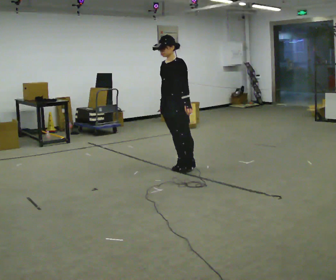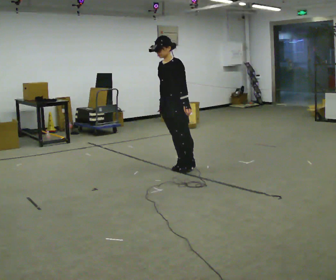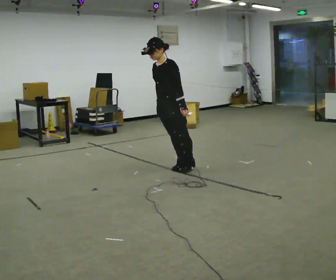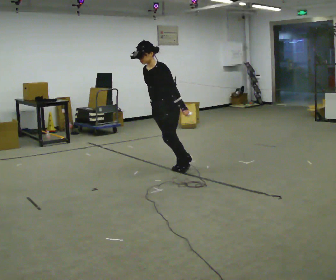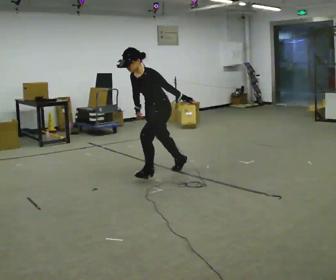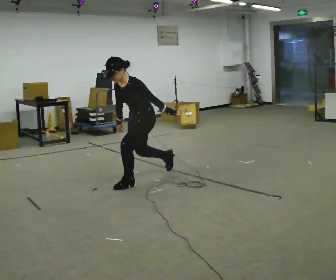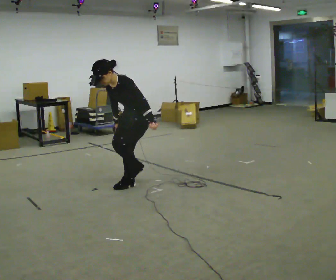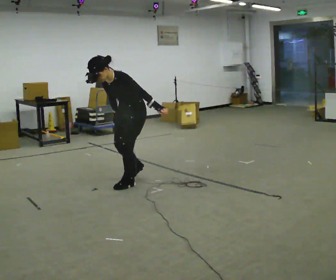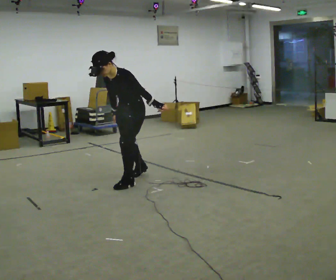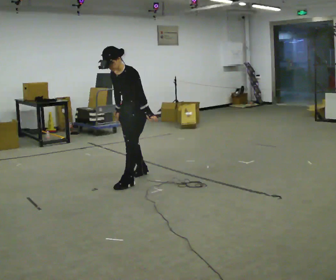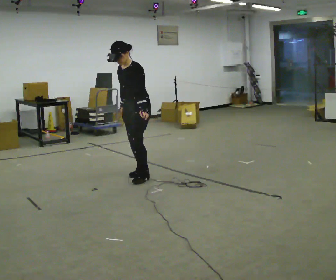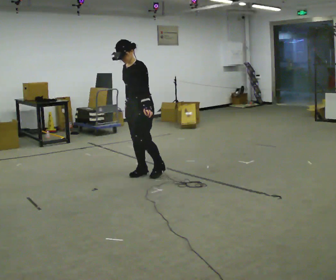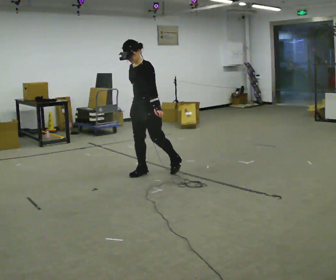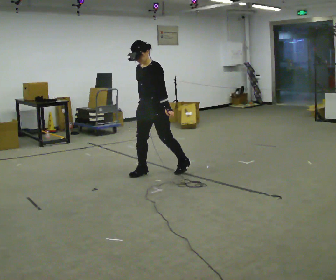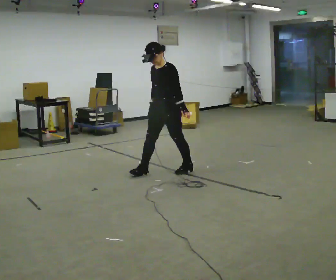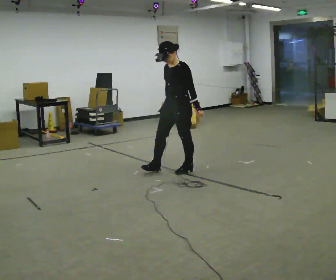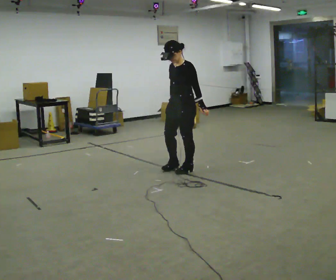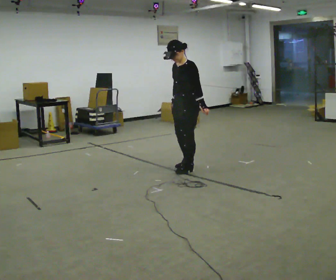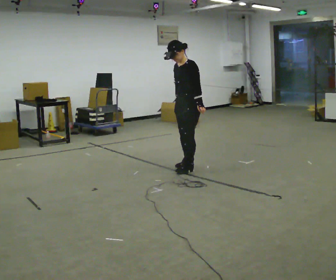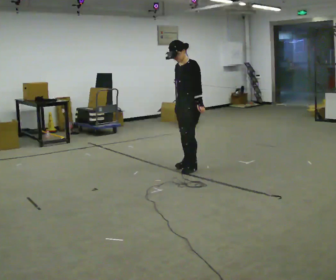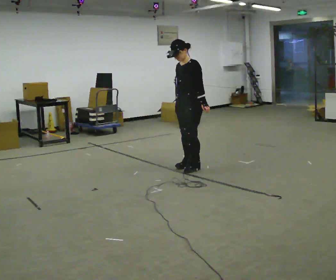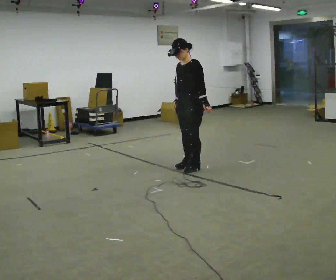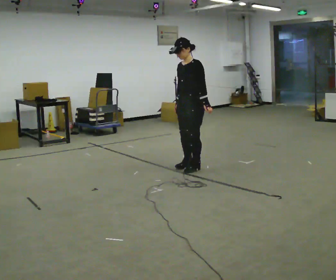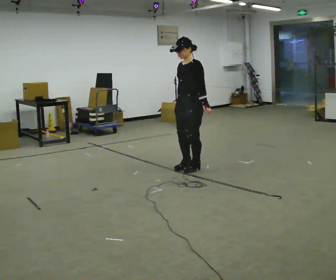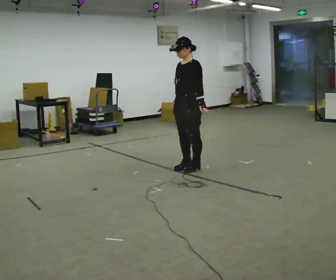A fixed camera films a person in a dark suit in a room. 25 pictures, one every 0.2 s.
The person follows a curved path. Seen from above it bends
clockwise.
0.0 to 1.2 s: In the picture they go toward the camera and to the left, about 0.5 m in 1 step, which for them is forward. The shoulders move downward. In the picture the upper body tilts counterclockwise, shoulders to the left, as they bend forward.
1.2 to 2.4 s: In the picture they go away from the camera, about 0.25 m in 1 step, which for them is backward and to their right. The upper body goes upward. The upper body tips away from the camera, its near side rolling upward, as they lean back or straighten.
2.4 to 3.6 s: In the picture they go to the right and away from the camera, about 0.5 m in 2 steps, which for them is backward.
3.6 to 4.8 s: The person moves a little, or ends about where they began.
The film runs forward here.
